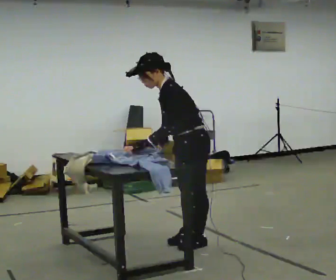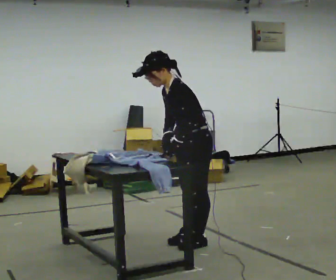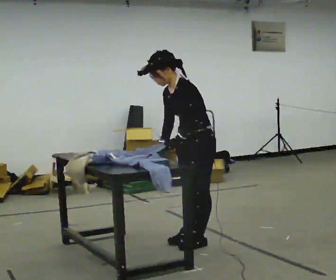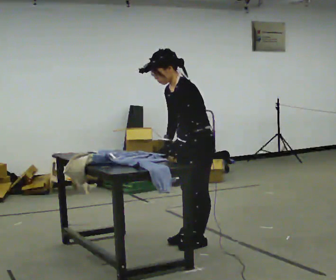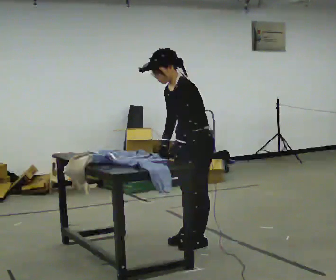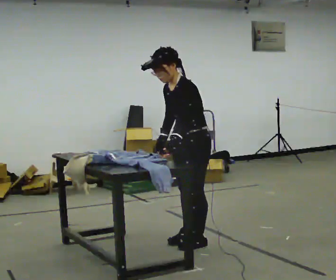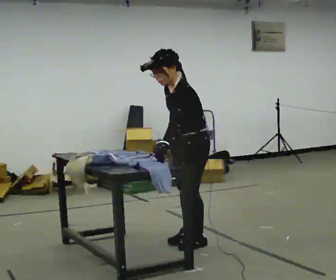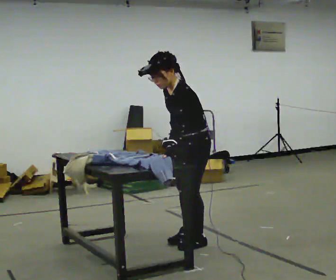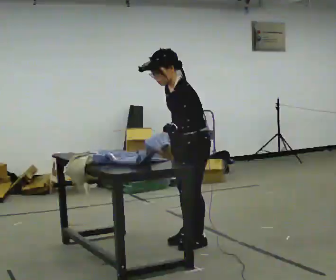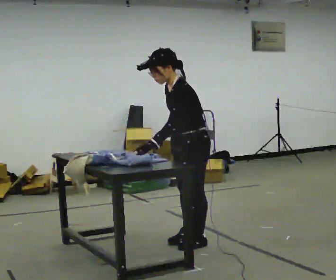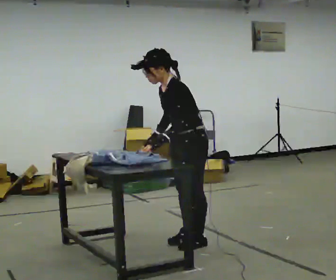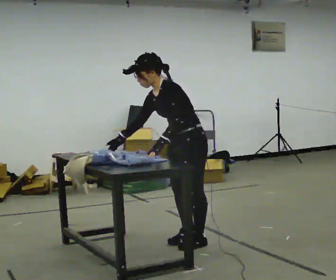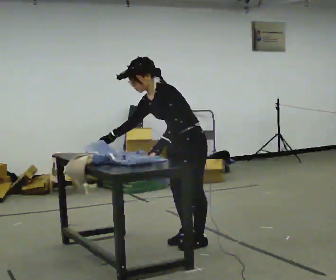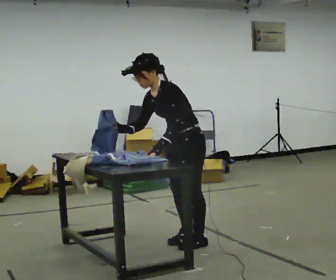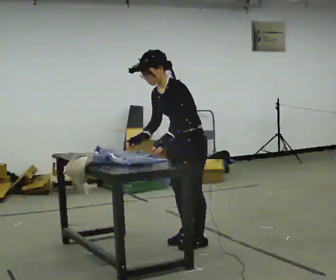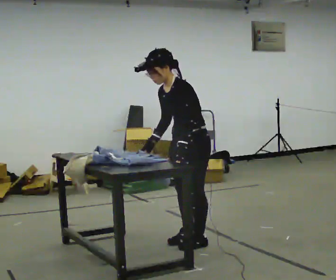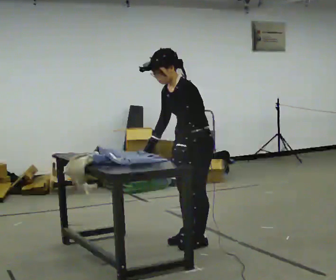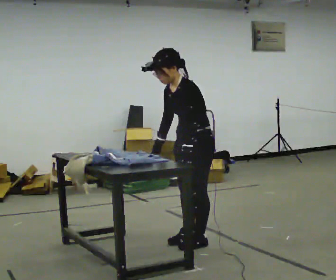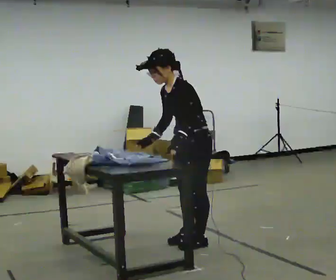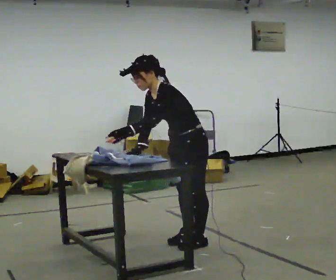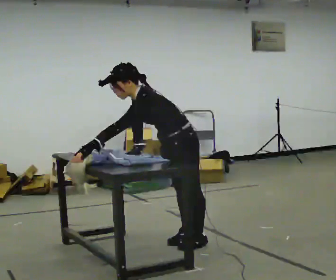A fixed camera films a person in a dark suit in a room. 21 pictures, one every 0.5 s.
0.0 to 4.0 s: The person moves a little, or ends about where they began.
4.0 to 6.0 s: In the picture the upper body tilts counterclockwise, shoulders to the left, as they bend forward. In the picture their right hand goes to the left.
6.0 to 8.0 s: In the picture the upper body tilts clockwise, shoulders to the right. In the picture their right hand goes to the right.
8.0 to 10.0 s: In the picture the upper body tilts counterclockwise, shoulders to the left, as they bend forward. In the picture their left hand goes to the left.
The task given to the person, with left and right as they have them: Fold the cloth in half, then in half again, then unfold it. Repeat at your own pace until the operator says stop. Keep both feet on the marked spots for the whole take. If you have to step, stop and tell the operator.
The film runs forward here.
